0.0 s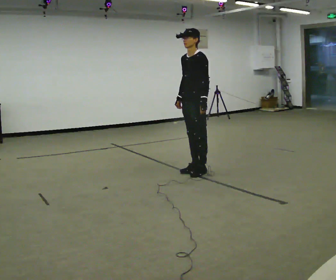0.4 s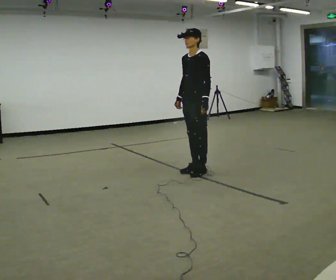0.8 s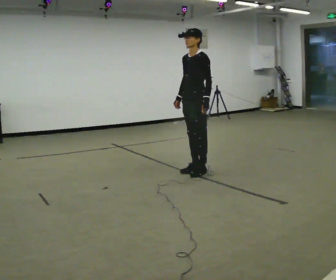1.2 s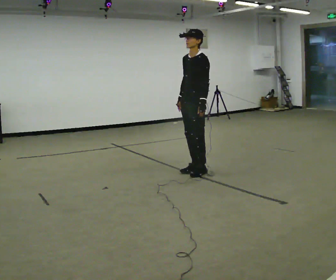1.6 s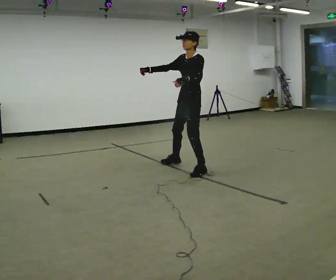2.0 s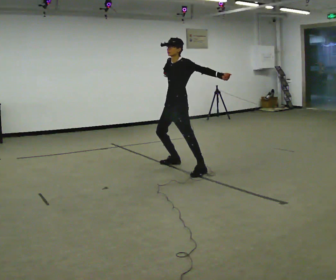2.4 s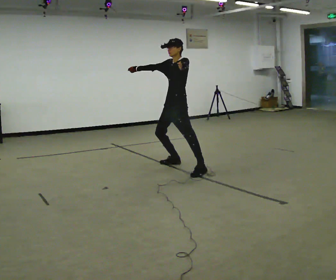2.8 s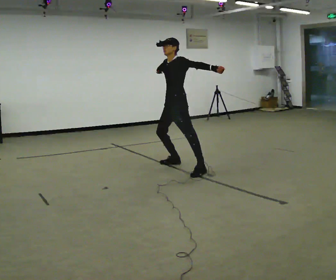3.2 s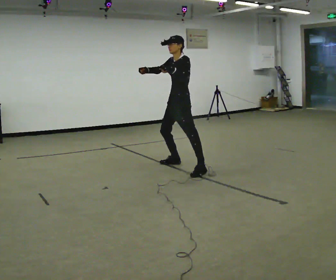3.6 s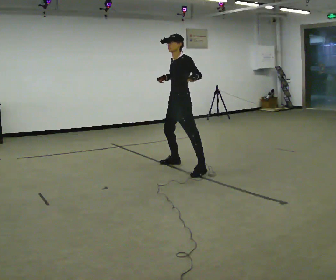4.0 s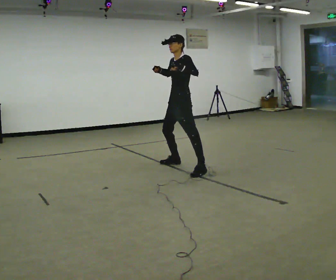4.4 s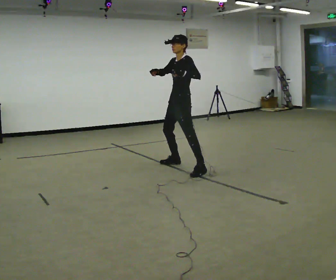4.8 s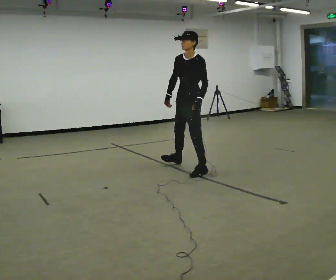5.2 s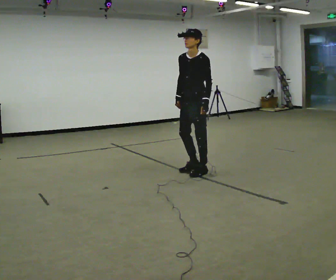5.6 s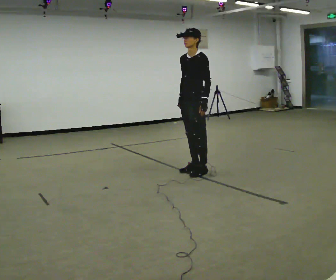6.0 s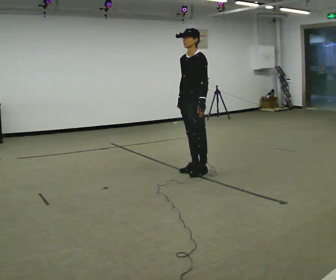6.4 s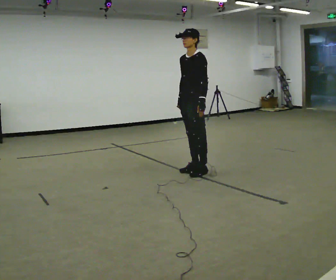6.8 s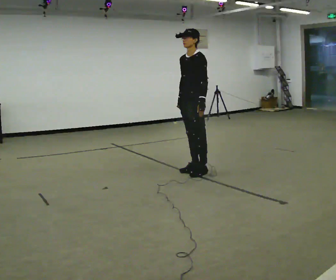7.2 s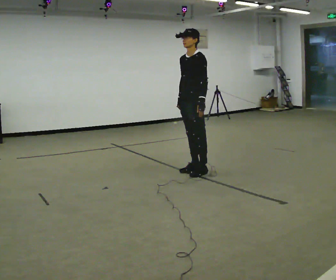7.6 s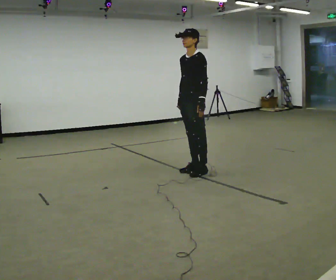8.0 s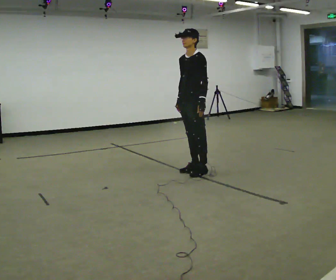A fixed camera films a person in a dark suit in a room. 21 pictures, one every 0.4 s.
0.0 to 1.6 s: In the picture their right hand goes to the left and upward, the arm swinging clockwise.
1.6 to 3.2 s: In the picture they go away from the camera, about 0.25 m, which for them is to their right.
3.2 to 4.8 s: In the picture they go toward the camera, about 0.25 m in 1 step, which for them is to their left. In the picture their left hand goes downward and to the right.
4.8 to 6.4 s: The person moves a little, or ends about where they began.
6.4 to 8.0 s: The person keeps their place and pose.
The film runs backward here.
